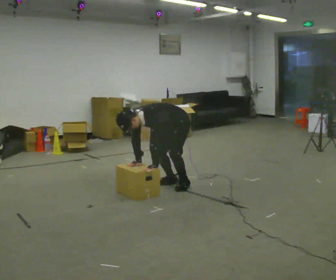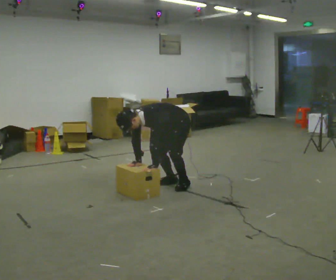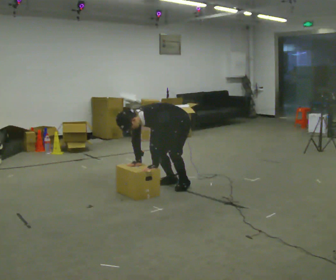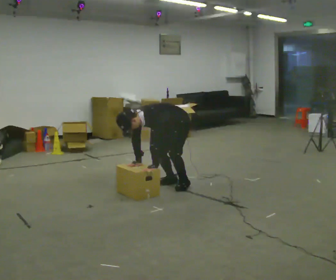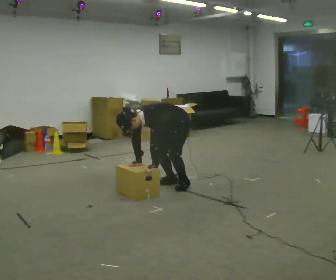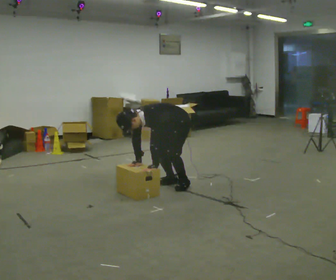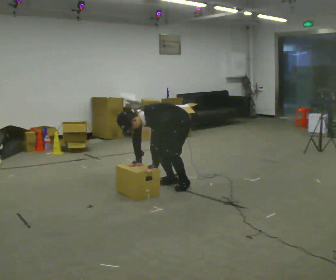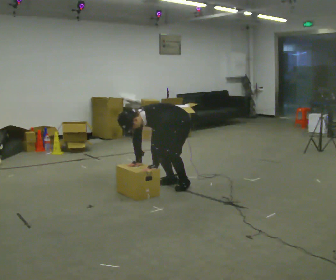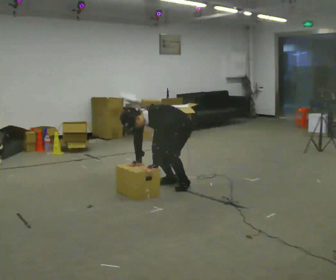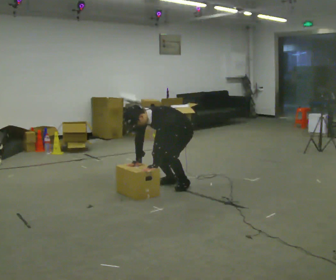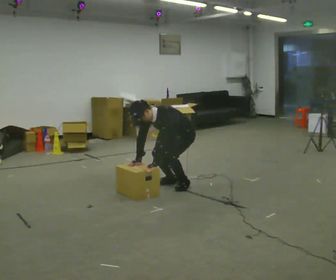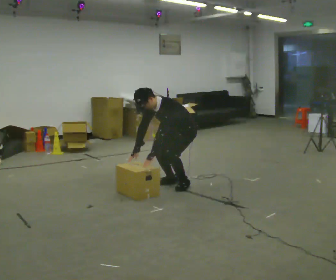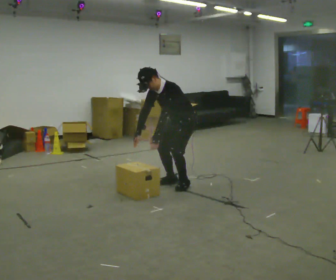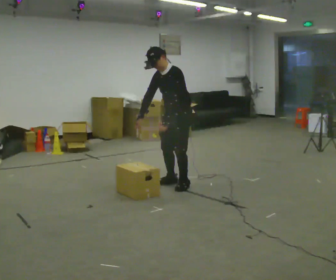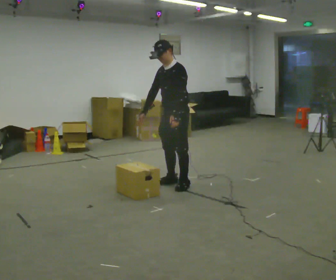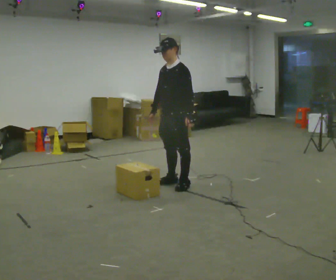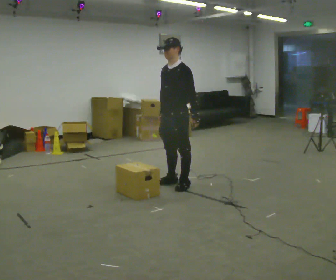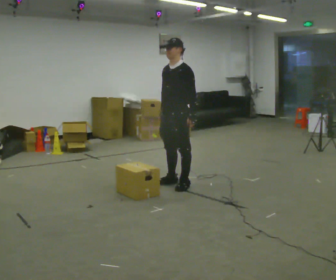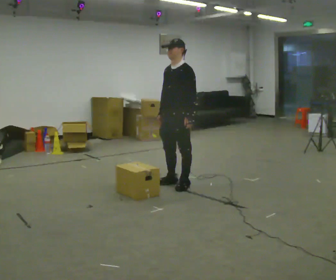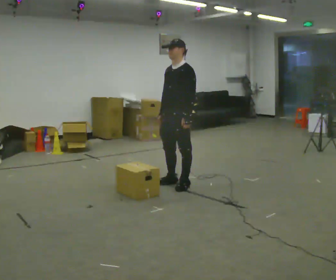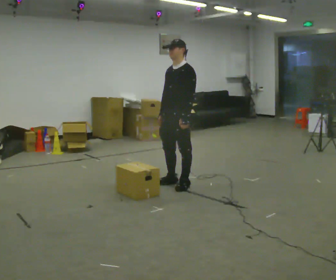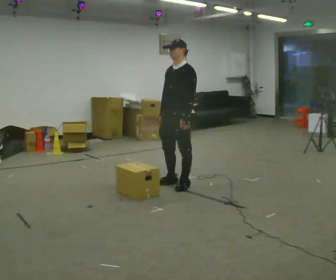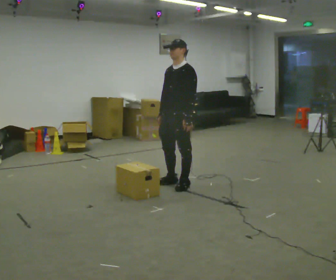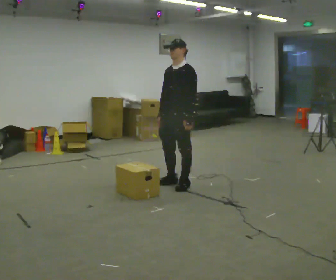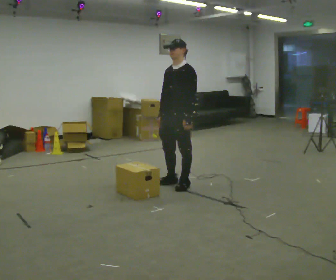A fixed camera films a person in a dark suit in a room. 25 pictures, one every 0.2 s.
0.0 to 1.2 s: The person keeps their place and pose.
1.2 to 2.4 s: The upper body goes upward. In the picture the upper body tilts clockwise, shoulders to the right, as they lean back or straighten. In the picture their left hand goes upward.
2.4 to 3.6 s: The shoulders move upward. In the picture the upper body tilts clockwise, shoulders to the right, as they lean back or straighten. In the picture their left hand goes to the right.
3.6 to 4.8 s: The person moves a little, or ends about where they began.
The film runs forward here.
